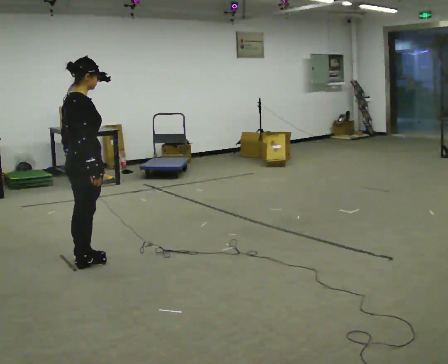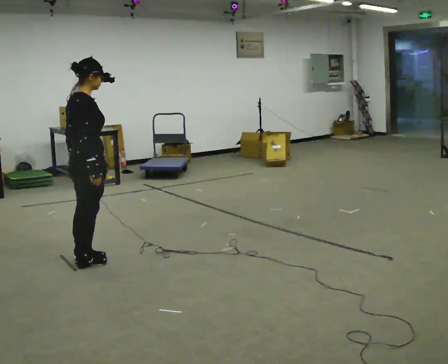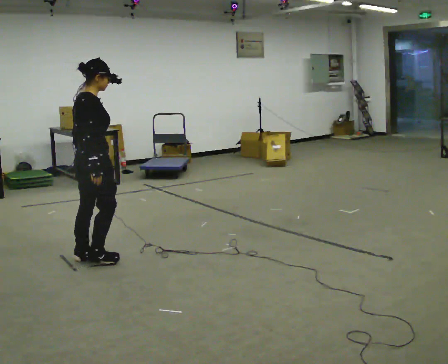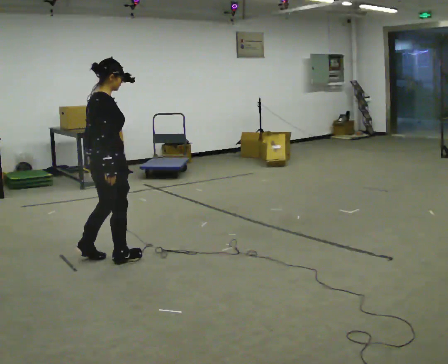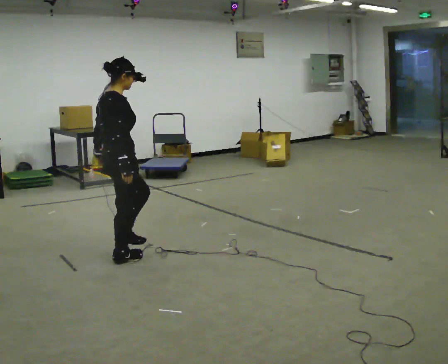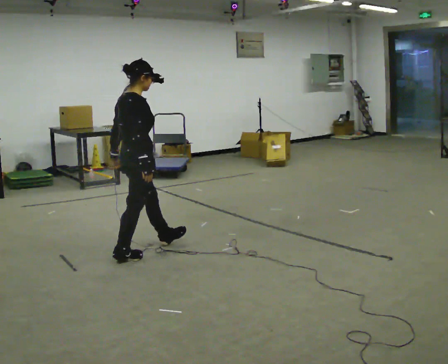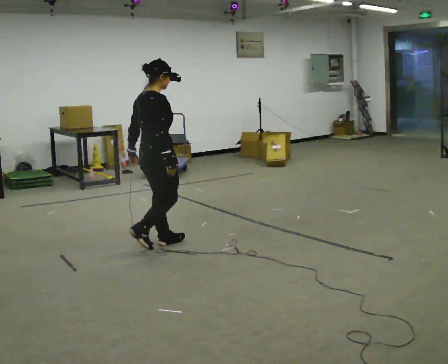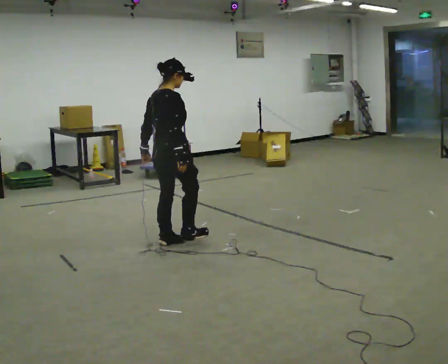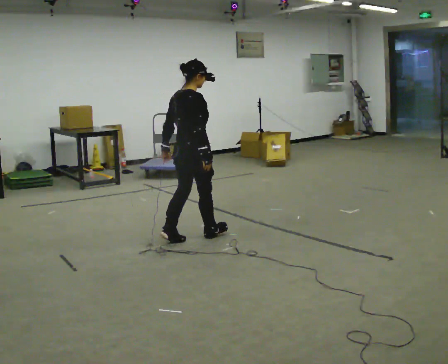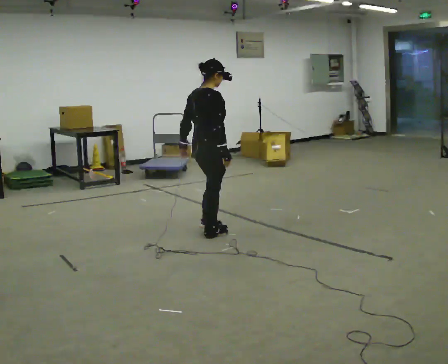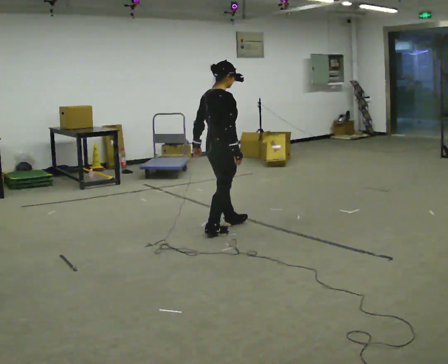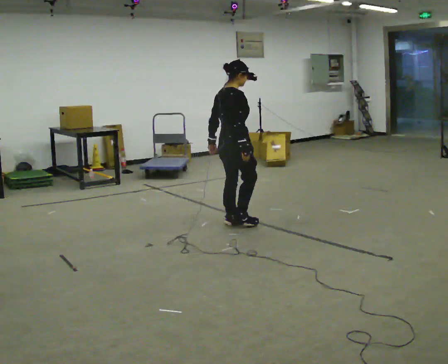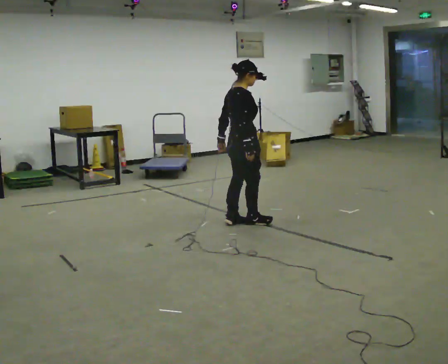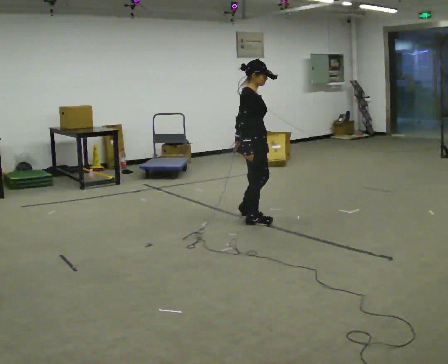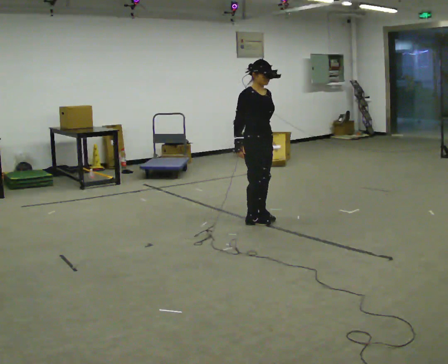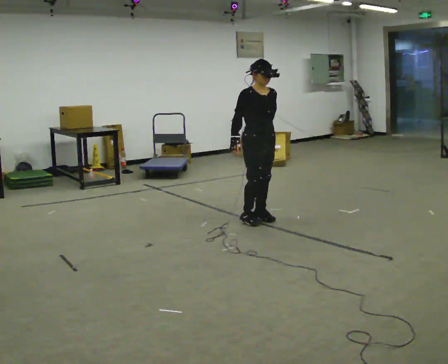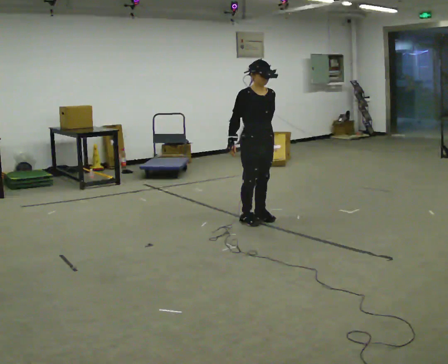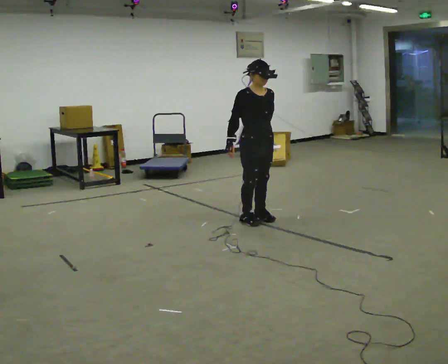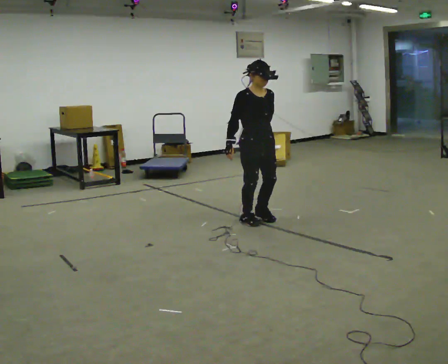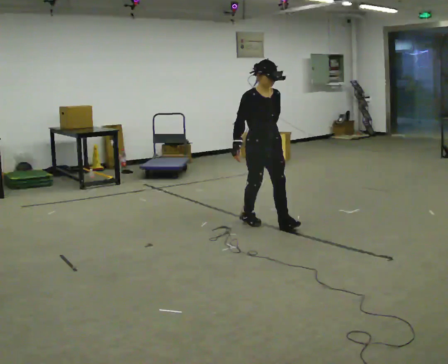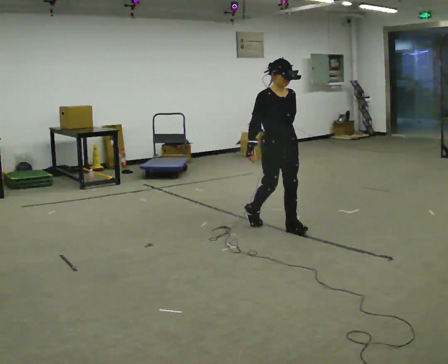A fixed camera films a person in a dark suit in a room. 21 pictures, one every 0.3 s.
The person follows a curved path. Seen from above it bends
clockwise.
The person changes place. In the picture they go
to the right.
0.0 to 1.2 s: In the picture they go to the right, about 0.25 m in 1 step, which for them is forward.
1.2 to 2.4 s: In the picture they go to the right and away from the camera, about 0.5 m in 2 steps, which for them is forward.
2.4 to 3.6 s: In the picture they go to the right and away from the camera, about 0.5 m in 2 steps, which for them is forward.
3.6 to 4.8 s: The person turns about 75 degrees to their right, clockwise seen from above, so the part of the body nearest the lens slides to the left.
4.8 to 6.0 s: In the picture they go toward the camera and to the right, about 0.25 m in 1 step, which for them is forward.
The film runs forward here.
